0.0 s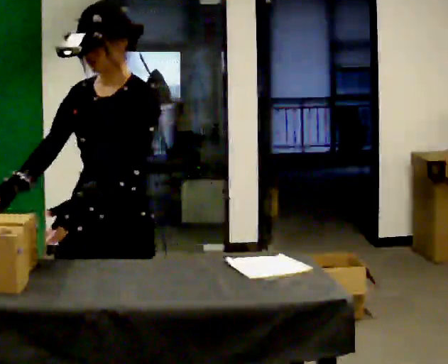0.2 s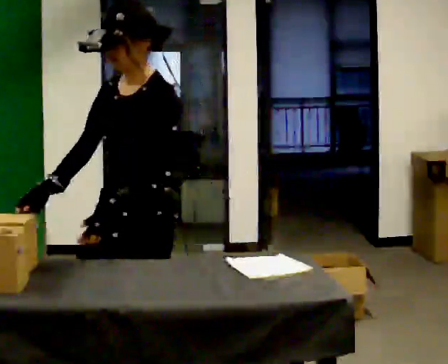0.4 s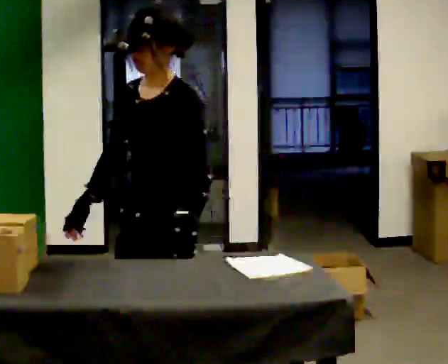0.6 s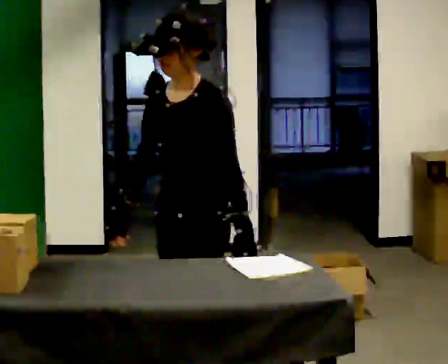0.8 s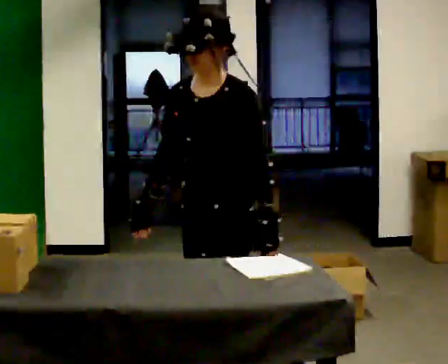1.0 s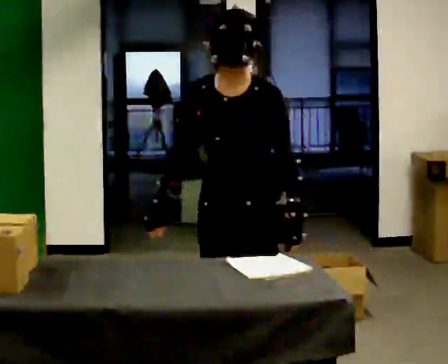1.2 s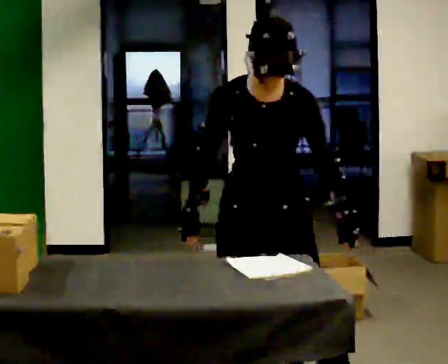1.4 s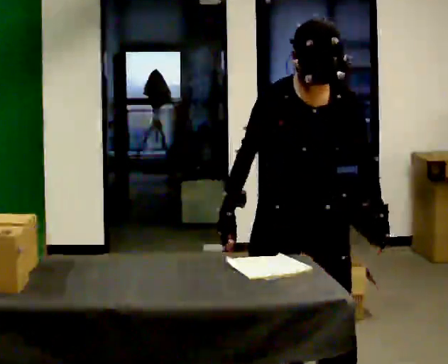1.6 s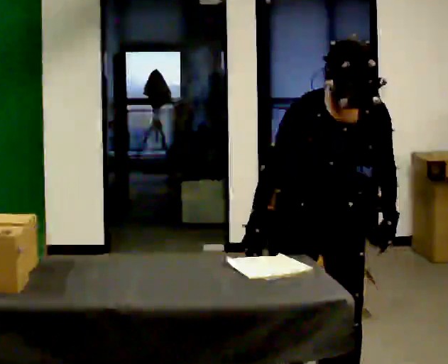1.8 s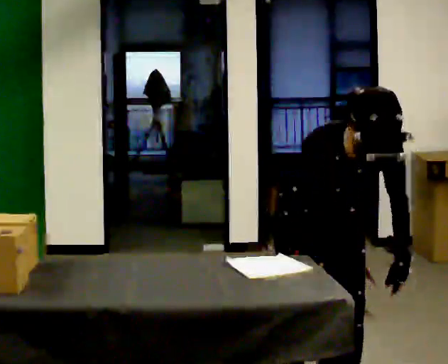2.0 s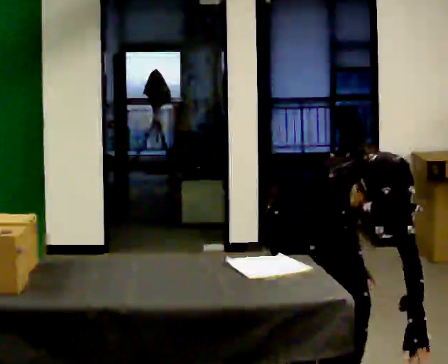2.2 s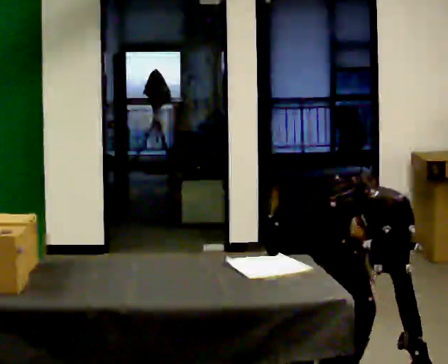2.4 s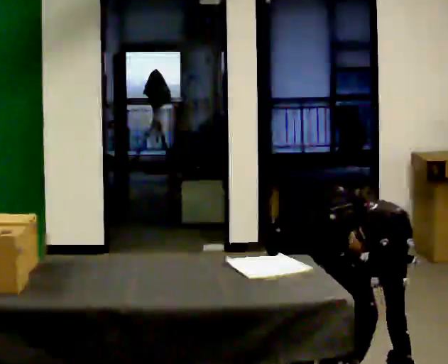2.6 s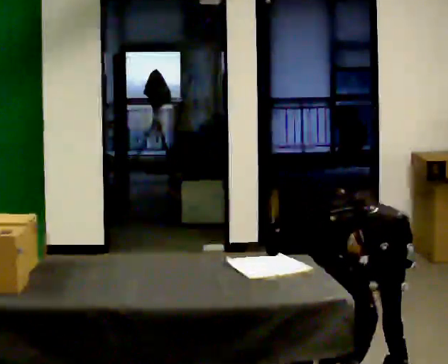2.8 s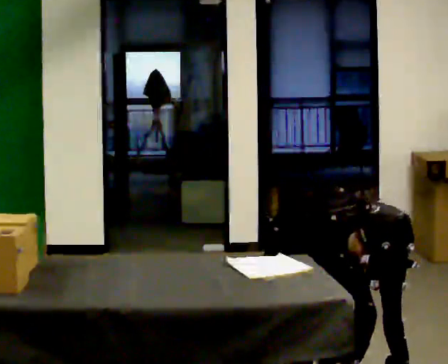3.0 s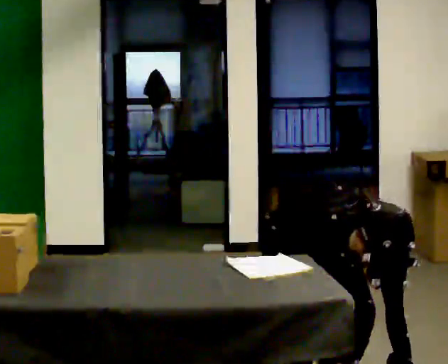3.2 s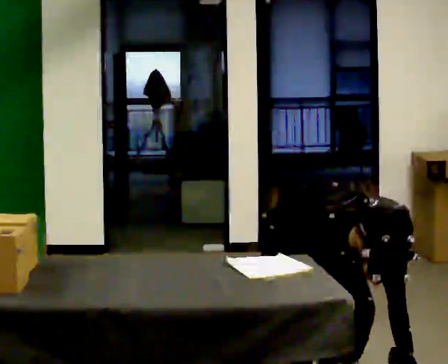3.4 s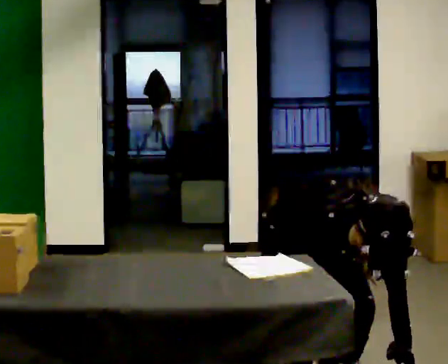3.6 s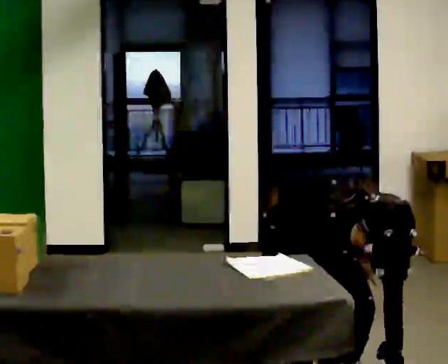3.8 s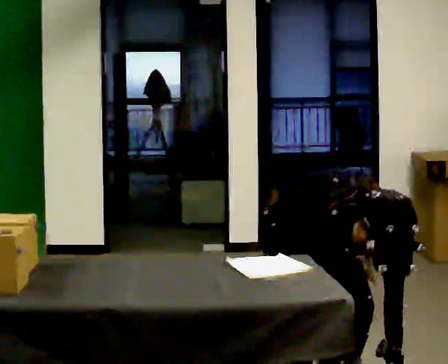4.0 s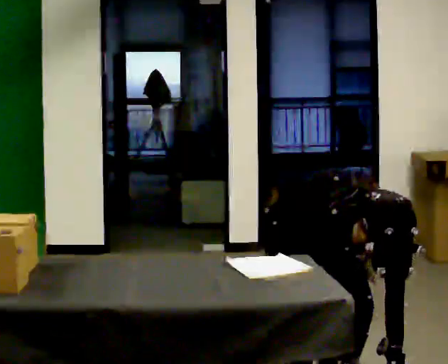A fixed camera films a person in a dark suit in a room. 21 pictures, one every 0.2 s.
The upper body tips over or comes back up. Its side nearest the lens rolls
downward.
Their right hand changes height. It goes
downward.
0.0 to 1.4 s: The part of the body nearest the lens slides to the right as the person turns to their left by about 30 degrees. In the picture they go to the right and away from the camera, about 1 m in 1 step.
1.4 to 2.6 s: The upper body goes downward. The upper body tips toward the camera, its near side rolling downward, as they bend forward. In the picture their right hand goes downward and to the right.
2.6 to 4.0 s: The person moves a little, or ends about where they began.
The film runs backward here.
